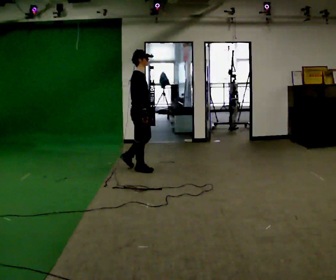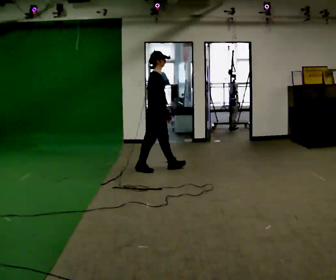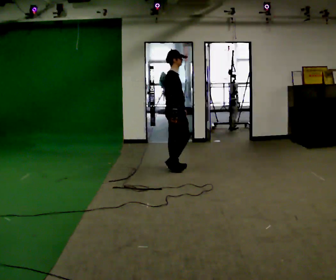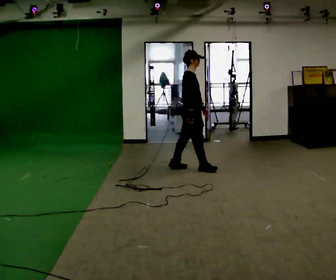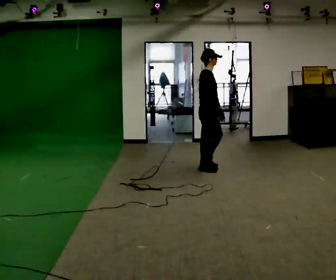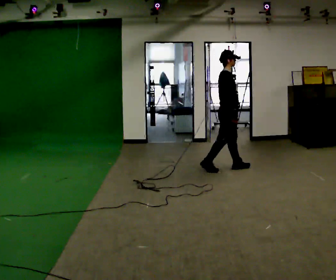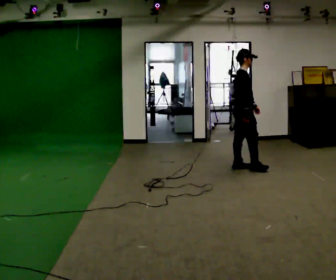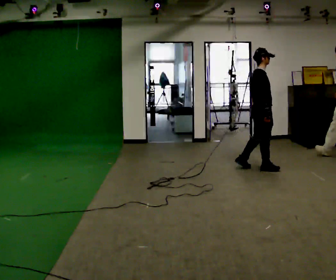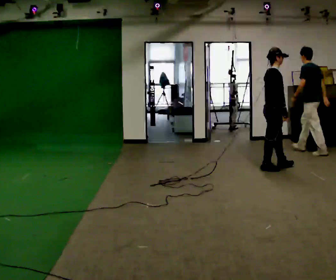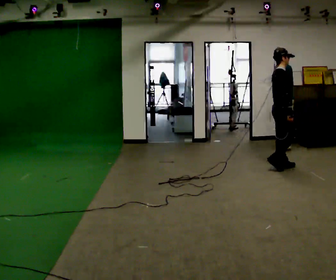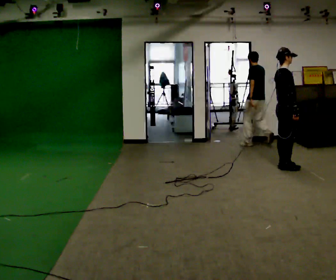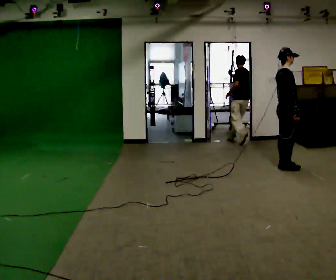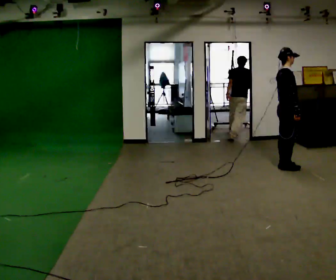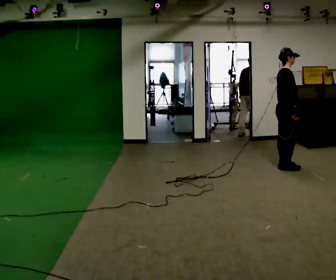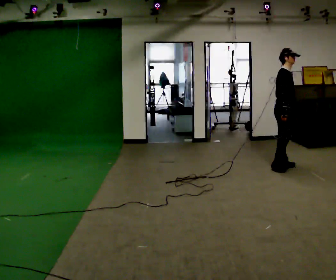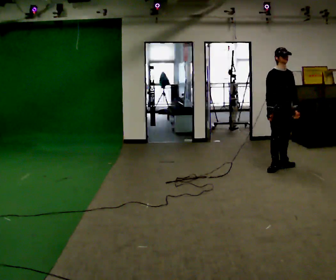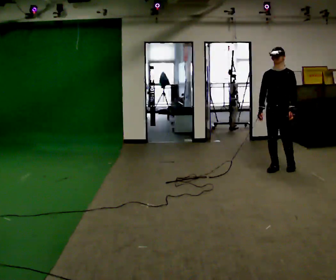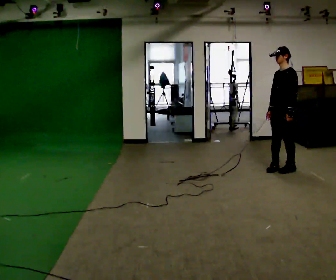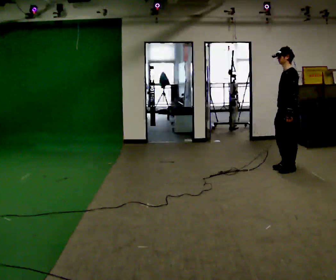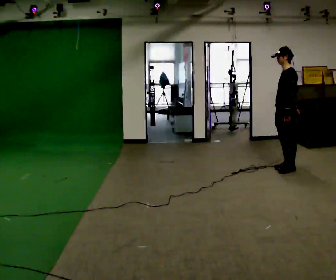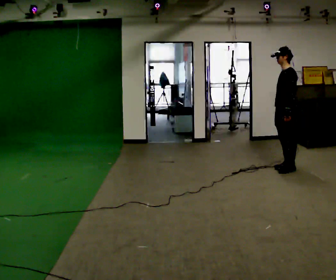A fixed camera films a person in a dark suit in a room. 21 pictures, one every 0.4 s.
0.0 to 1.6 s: In the picture they go to the right, about 1 m in 2 steps, which for them is forward.
1.6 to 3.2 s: In the picture they go to the right, about 1 m in 2 steps, which for them is forward.
3.2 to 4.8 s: In the picture they go to the right, about 0.25 m in 2 steps, which for them is forward.
4.8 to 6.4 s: The part of the body nearest the lens slides to the left as the person turns to their right by about 120 degrees.
6.4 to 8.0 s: The part of the body nearest the lens slides to the left as the person turns to their right by about 60 degrees. In the picture their right hand goes to the right.
The film runs forward here.
